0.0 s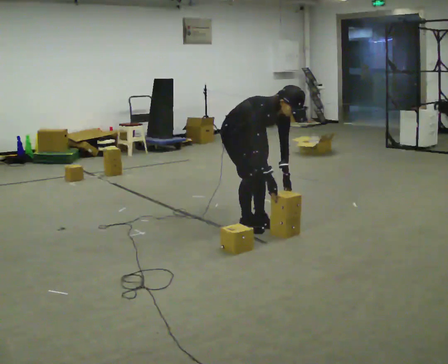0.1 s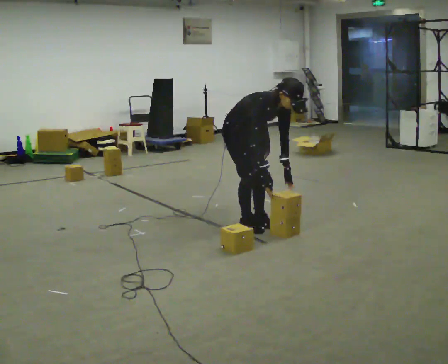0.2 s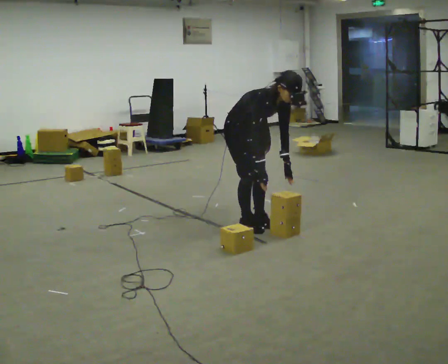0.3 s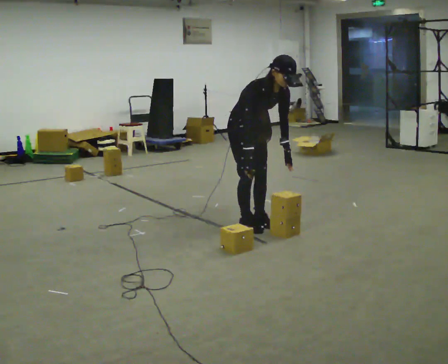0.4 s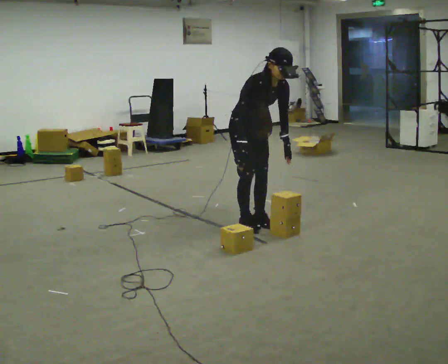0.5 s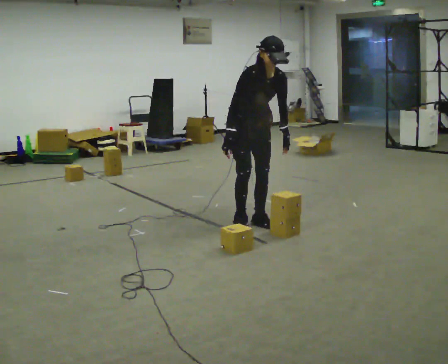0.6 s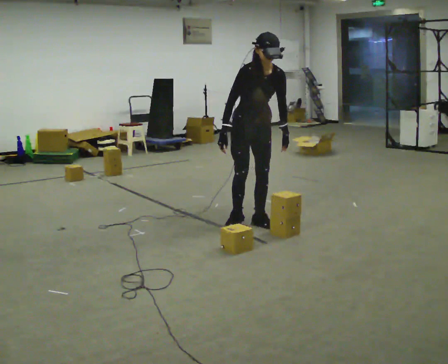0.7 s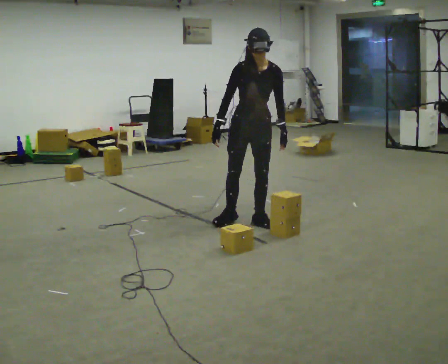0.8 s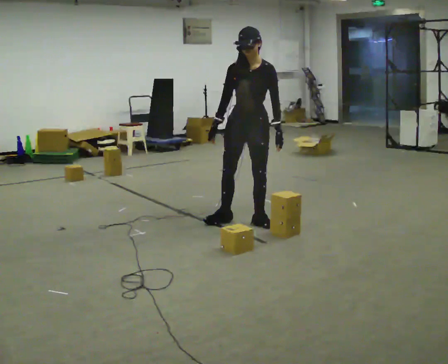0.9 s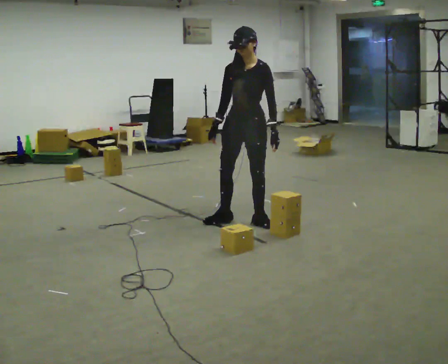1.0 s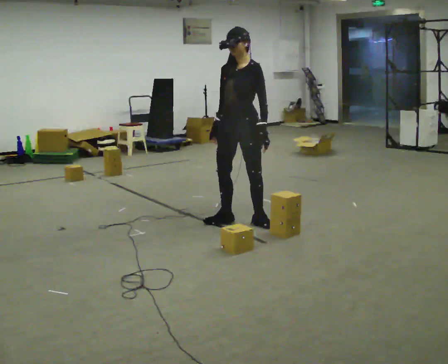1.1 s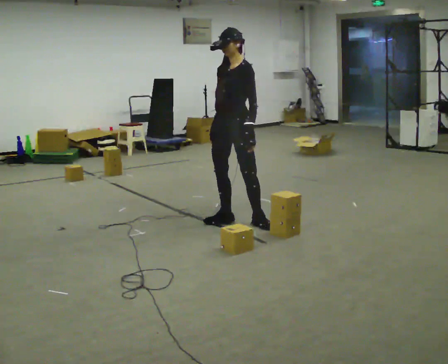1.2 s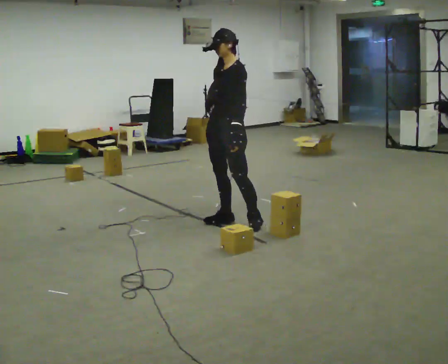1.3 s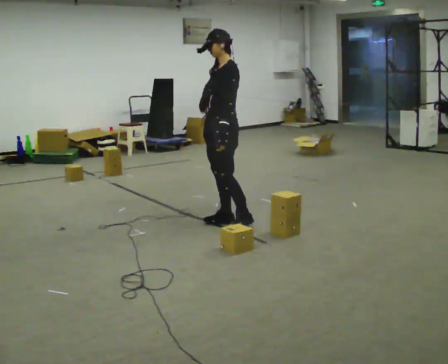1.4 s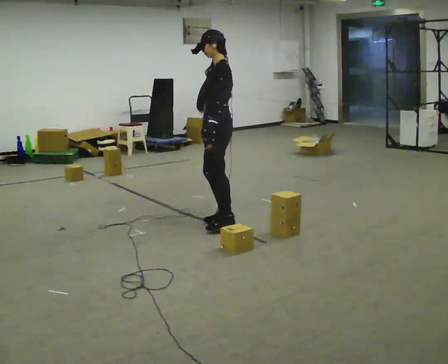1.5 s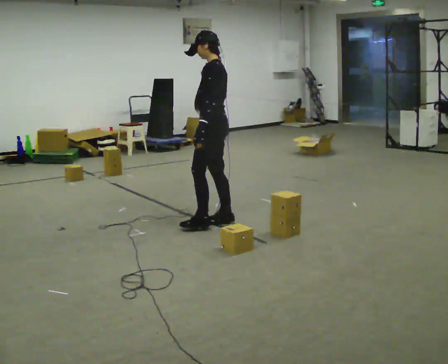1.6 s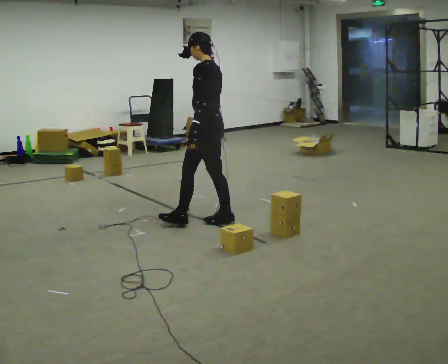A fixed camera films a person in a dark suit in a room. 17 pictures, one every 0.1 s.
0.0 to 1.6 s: The person turns about 150 degrees to their right, clockwise seen from above, so the part of the body nearest the lens slides to the left. In the picture they go to the left, about 0.25 m in 1 step. The upper body goes upward. In the picture the upper body tilts counterclockwise, shoulders to the left, as they lean back or straighten. In the picture their right hand goes to the left and upward.
The film runs forward here.
